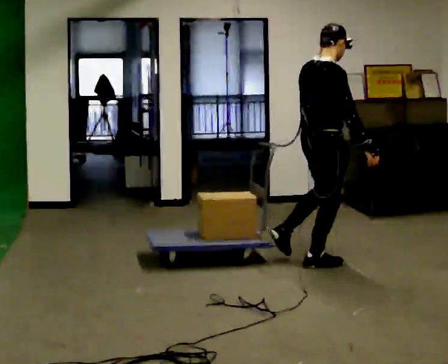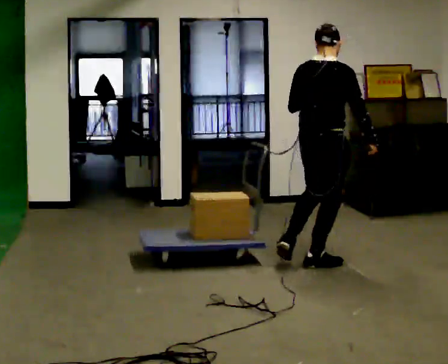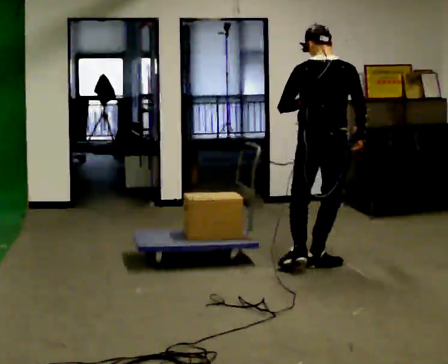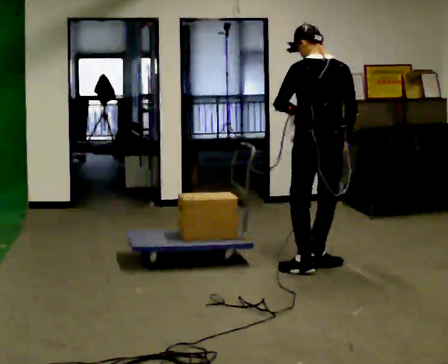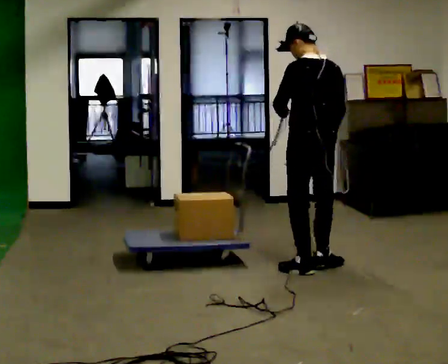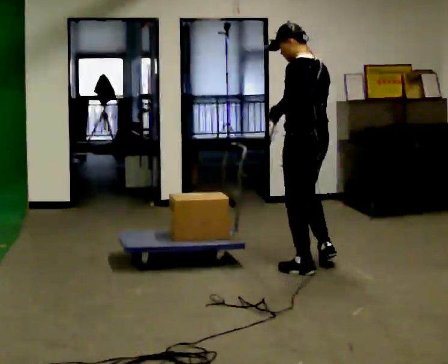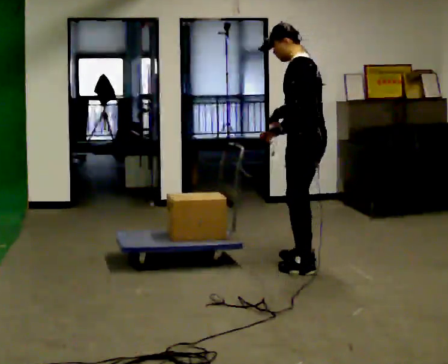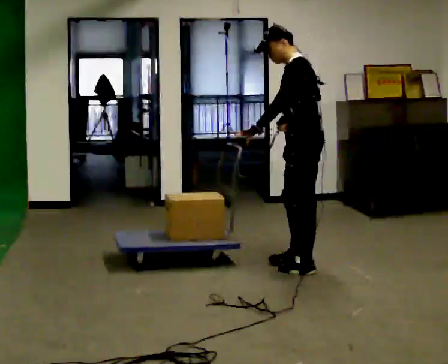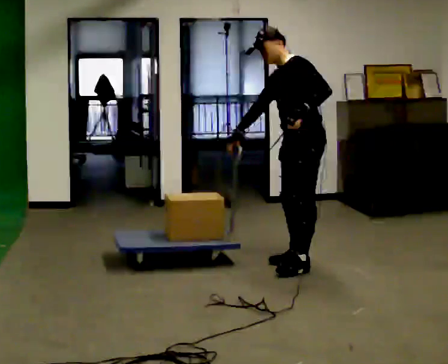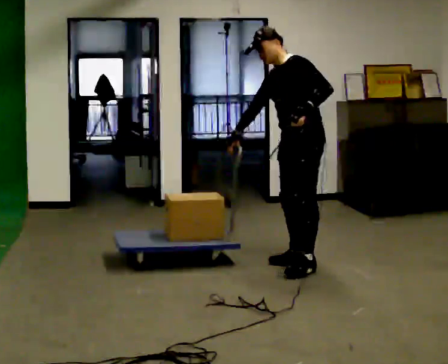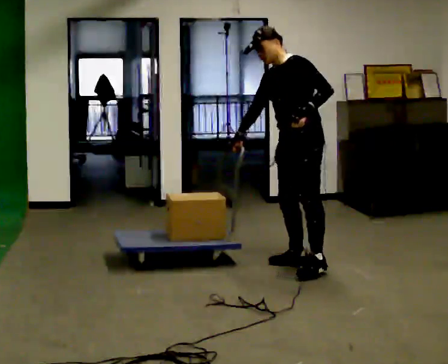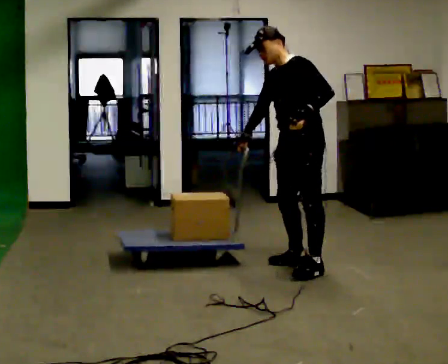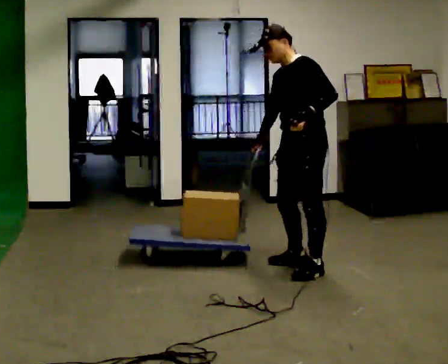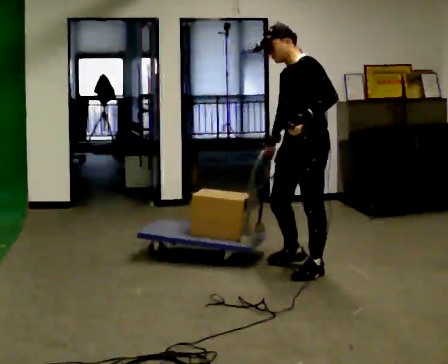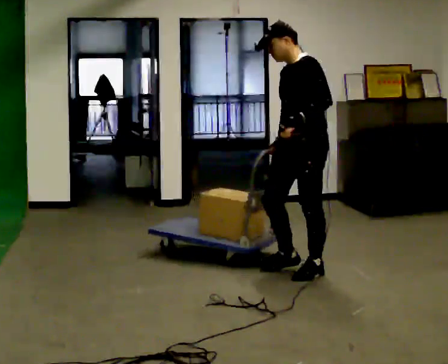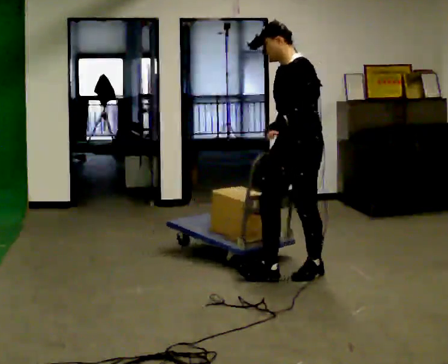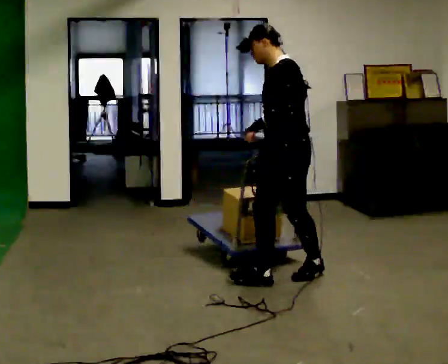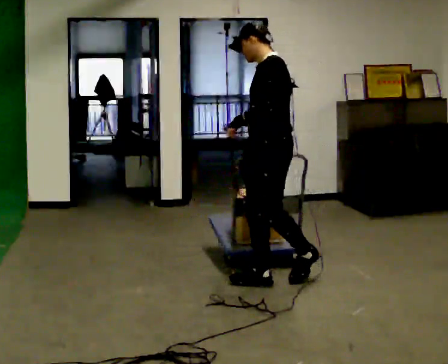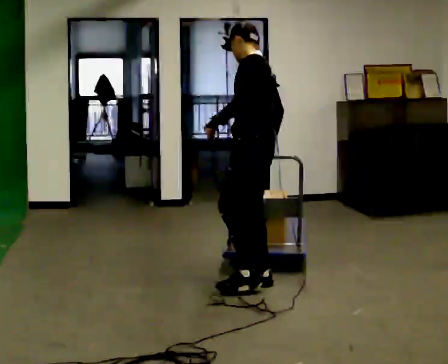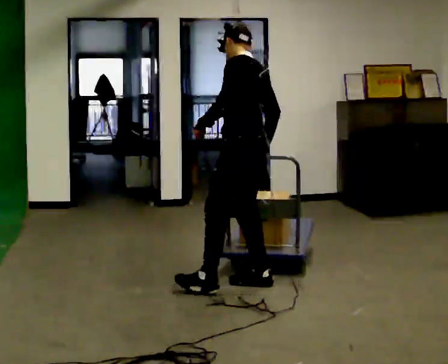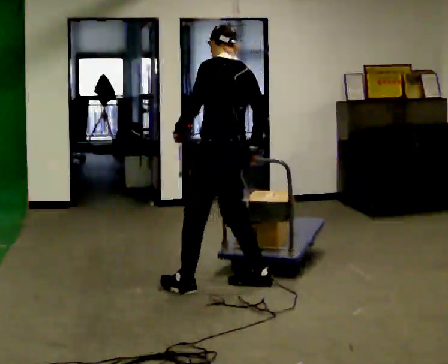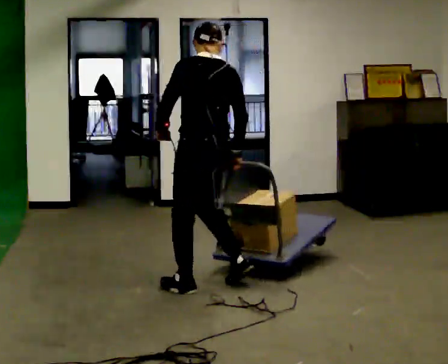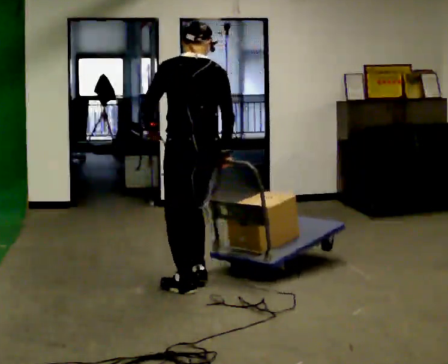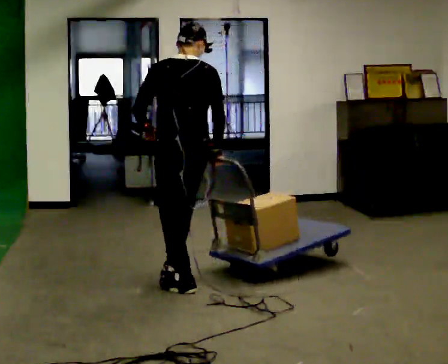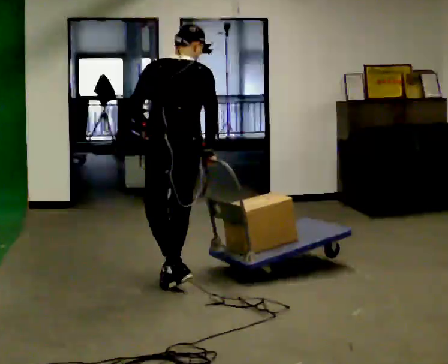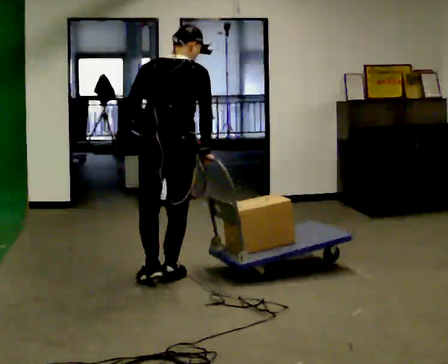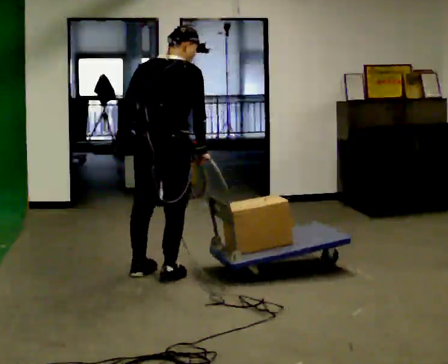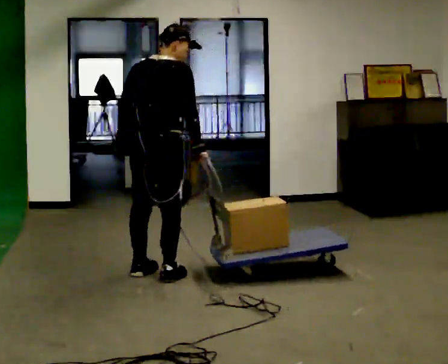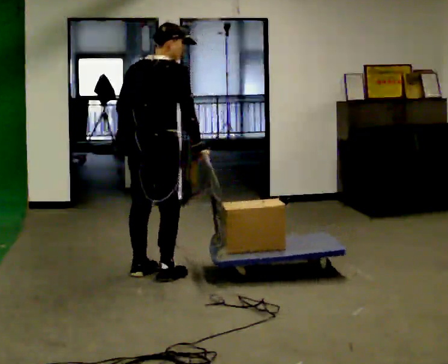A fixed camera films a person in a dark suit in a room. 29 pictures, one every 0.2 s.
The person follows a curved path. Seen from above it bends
clockwise.
The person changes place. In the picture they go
to the left.
0.0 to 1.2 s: The person turns about 135 degrees to their left, counterclockwise seen from above, so the part of the body nearest the lens slides to the right. In the picture their right hand goes to the left, the arm swinging clockwise.
1.2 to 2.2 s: The person turns about 60 degrees to their left, counterclockwise seen from above, so the part of the body nearest the lens slides to the right.
2.2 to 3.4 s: In the picture they go toward the camera and to the left, about 0.5 m in 1 step, which for them is forward and to their left.
3.4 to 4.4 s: The person turns about 75 degrees to their right, clockwise seen from above, so the part of the body nearest the lens slides to the left. In the picture they go to the left, about 0.5 m in 1 step.
4.4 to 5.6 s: The part of the body nearest the lens slides to the left as the person turns to their right by about 60 degrees. In the picture they go to the left and away from the camera, about 0.5 m in 2 steps, which for them is forward and to their left.
The film runs forward here.
